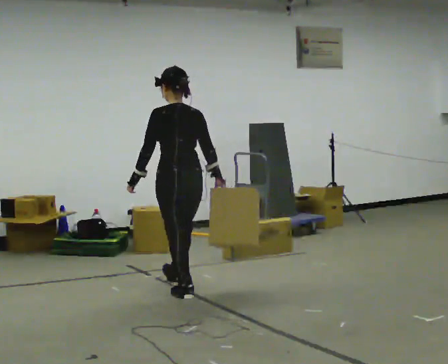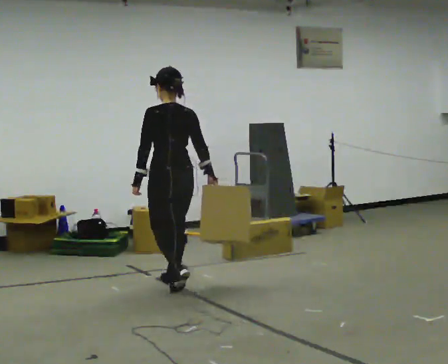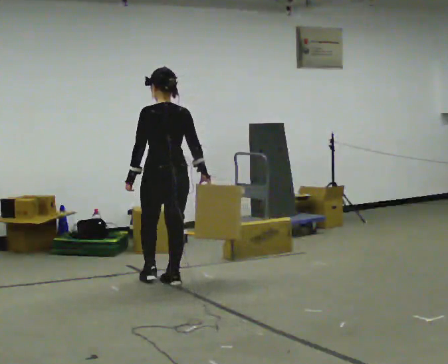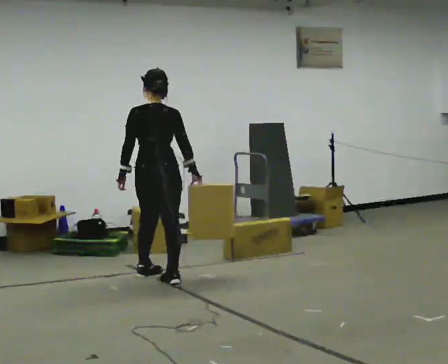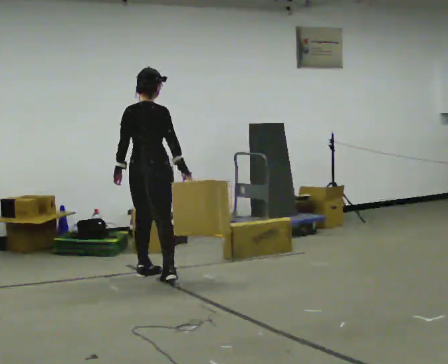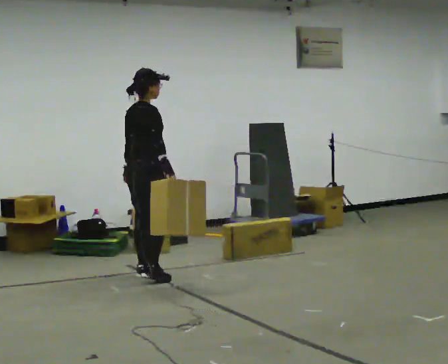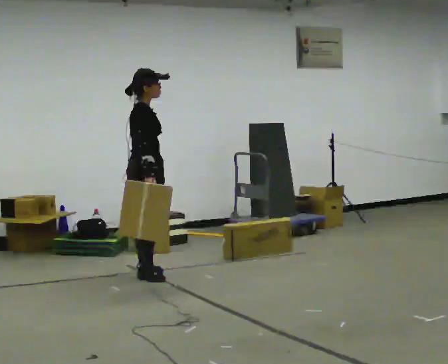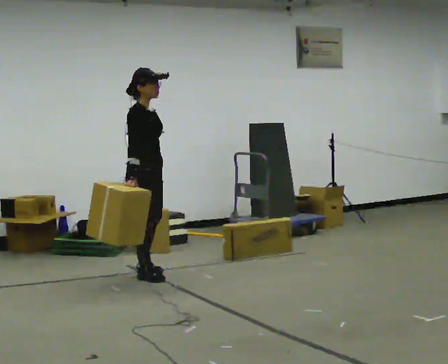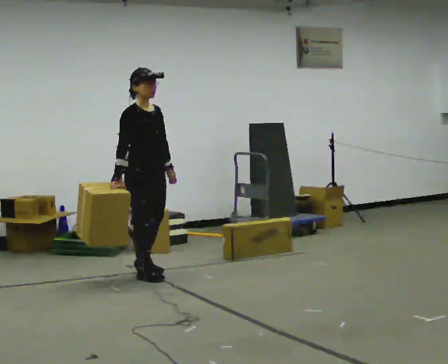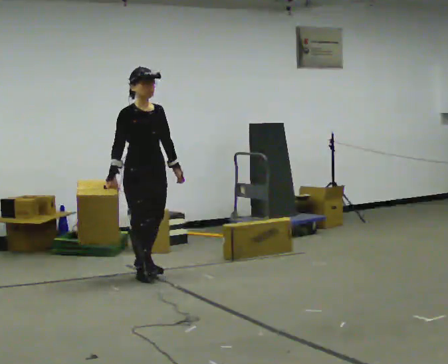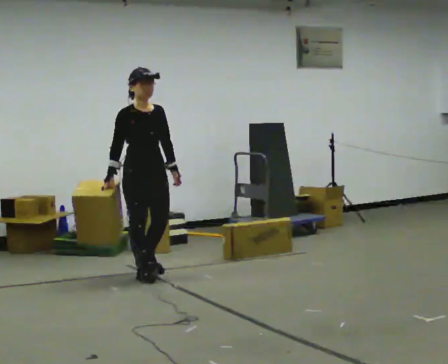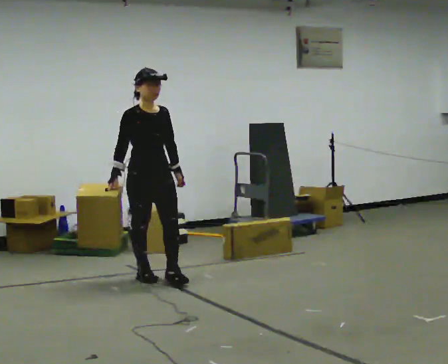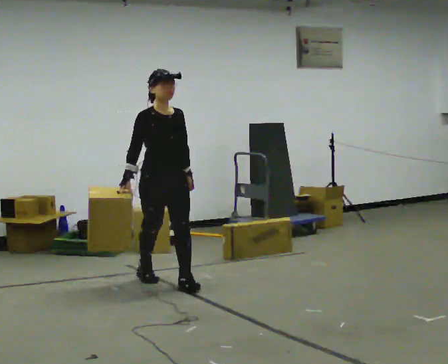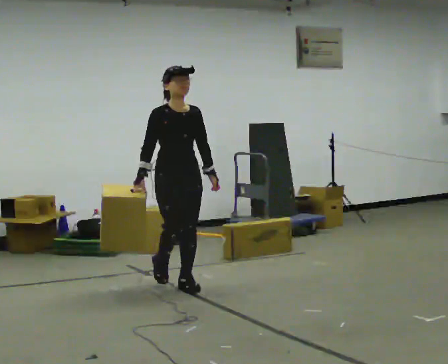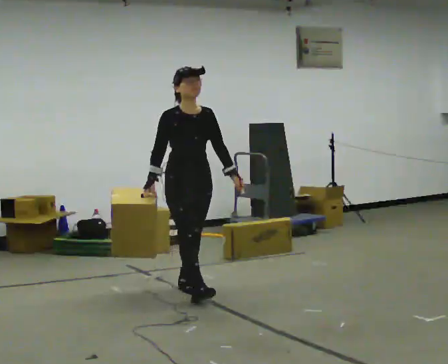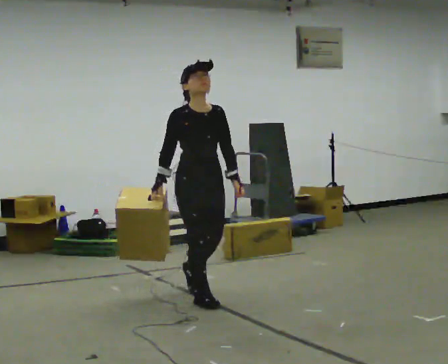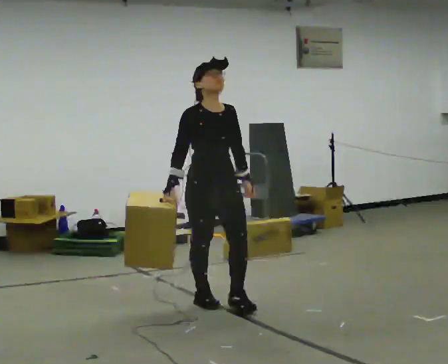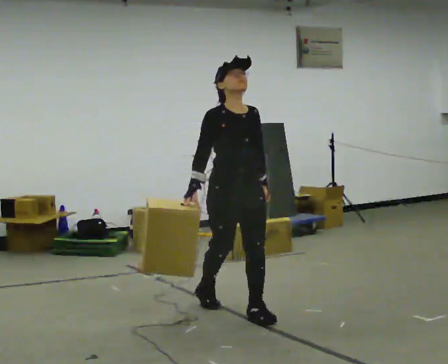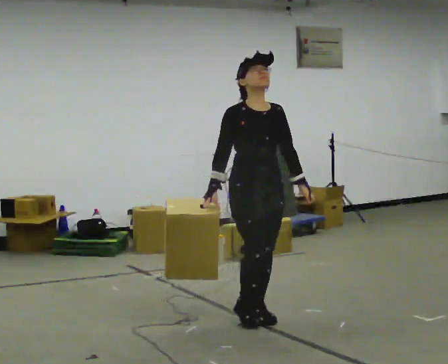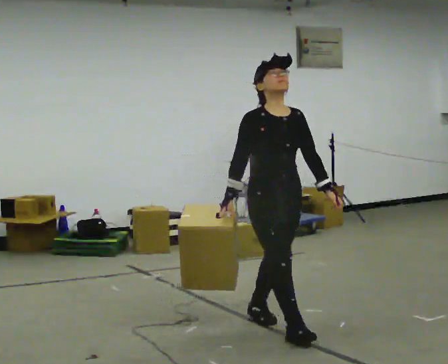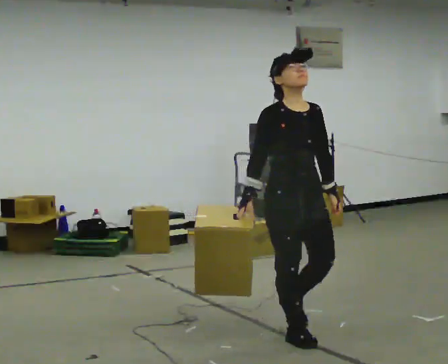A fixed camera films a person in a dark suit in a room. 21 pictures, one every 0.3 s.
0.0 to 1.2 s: The person turns about 60 degrees to their right, clockwise seen from above, so the part of the body nearest the lens slides to the left. In the picture they go away from the camera and to the left, about 0.5 m in 2 steps, which for them is forward.
1.2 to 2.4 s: The part of the body nearest the lens slides to the left as the person turns to their right by about 105 degrees. In the picture their right hand goes to the left, the arm swinging clockwise.
2.4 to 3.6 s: In the picture they go toward the camera and to the right, about 0.25 m in 1 step, which for them is forward.
3.6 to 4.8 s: In the picture they go toward the camera and to the right, about 1 m in 1 step, which for them is forward.
4.8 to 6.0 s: In the picture they go toward the camera and to the right, about 1 m in 2 steps, which for them is forward.
The film runs forward here.
